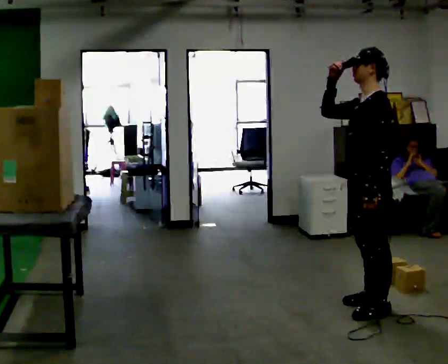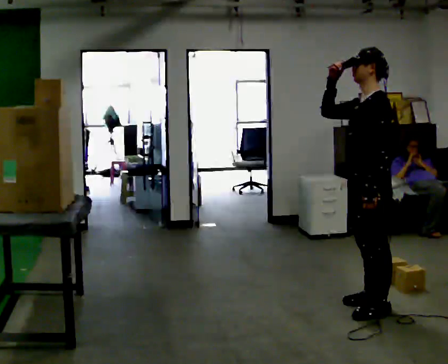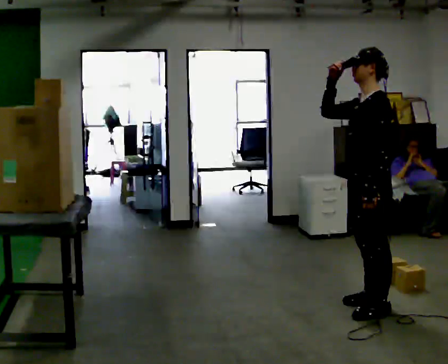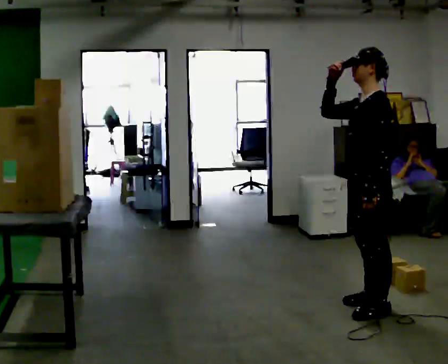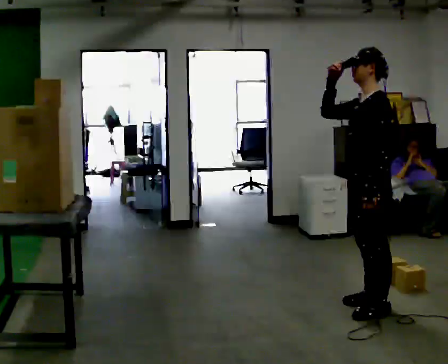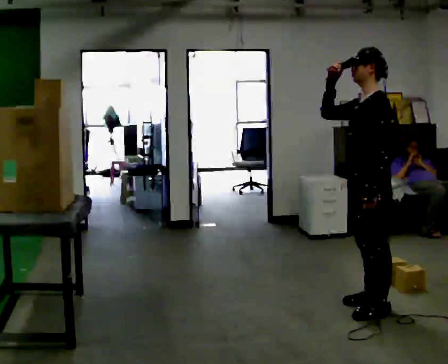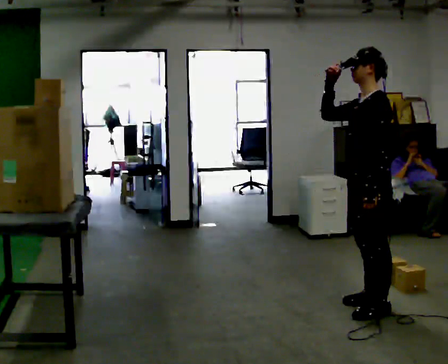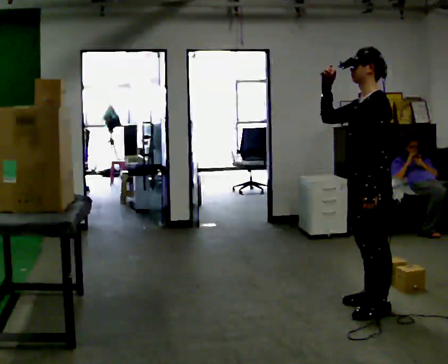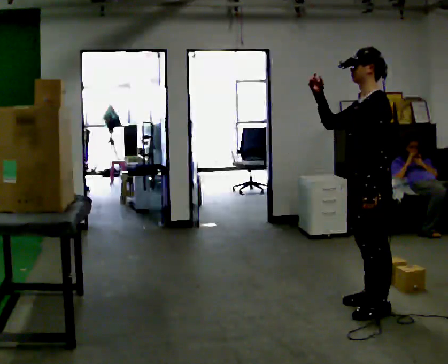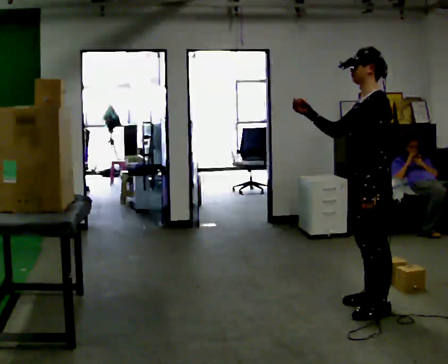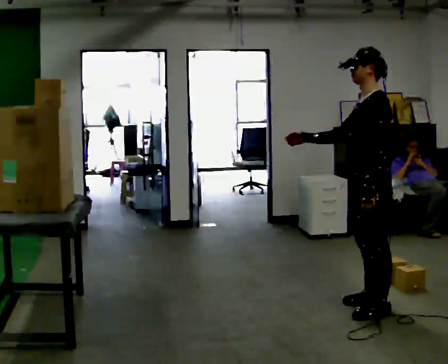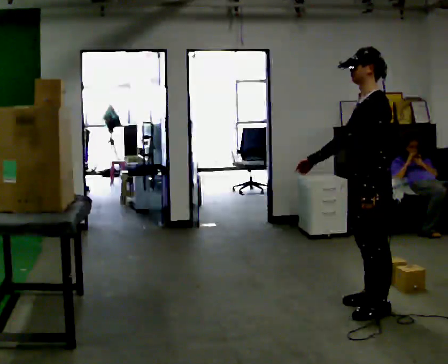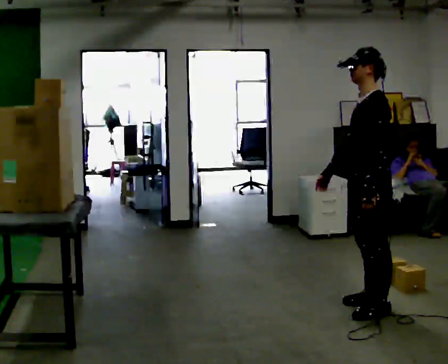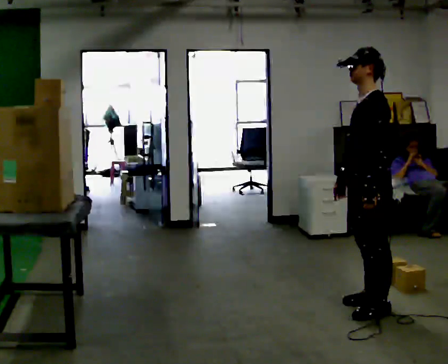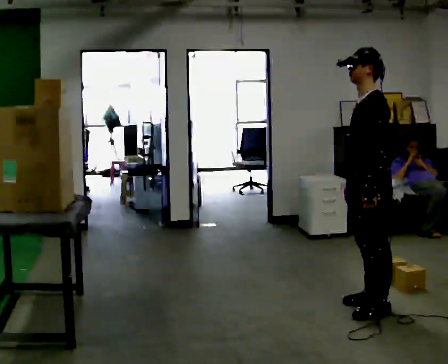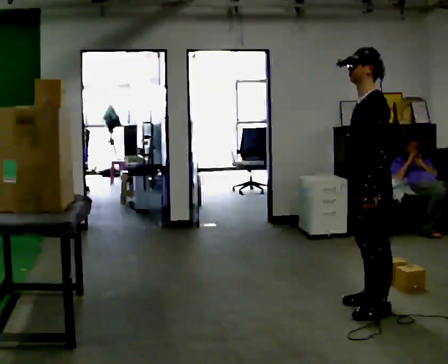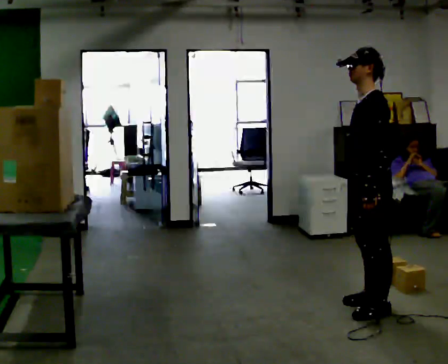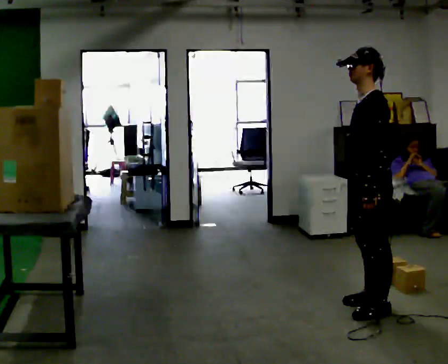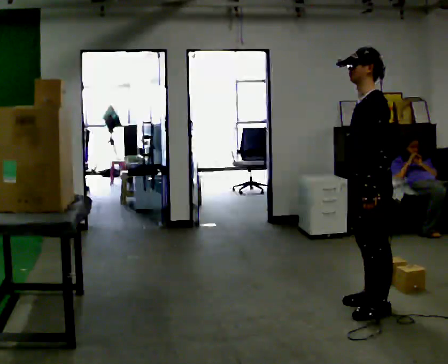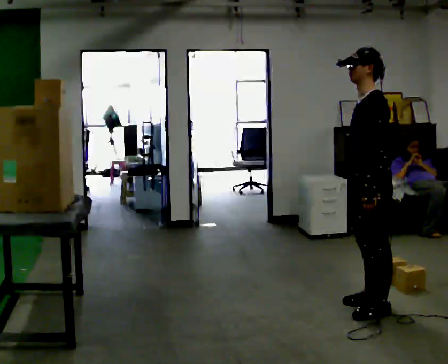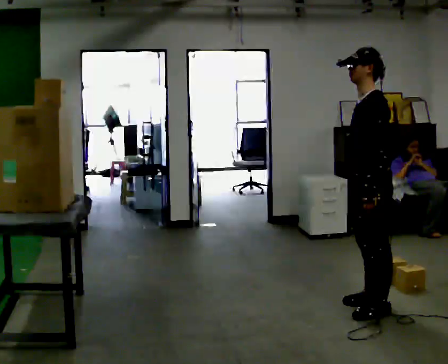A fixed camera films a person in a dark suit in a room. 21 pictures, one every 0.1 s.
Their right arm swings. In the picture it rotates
counterclockwise.
Their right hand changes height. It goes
downward.
0.0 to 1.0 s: In the picture their right hand goes downward, the arm swinging counterclockwise.
1.0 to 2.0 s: In the picture their right hand goes downward and to the right, the arm swinging counterclockwise.
The film runs backward here.
